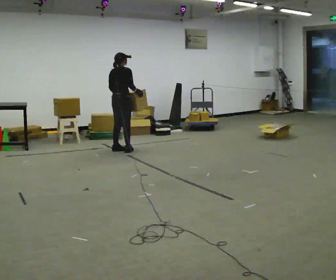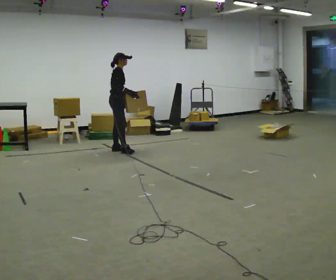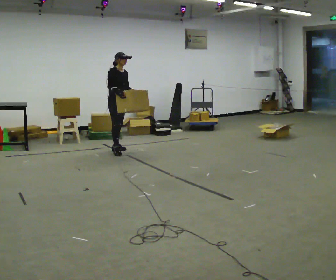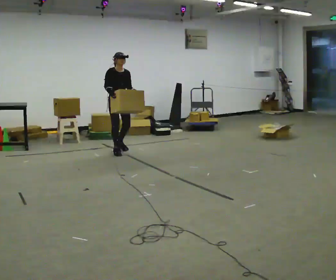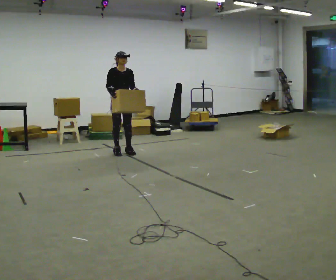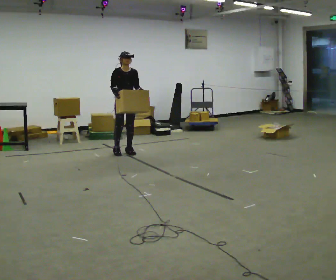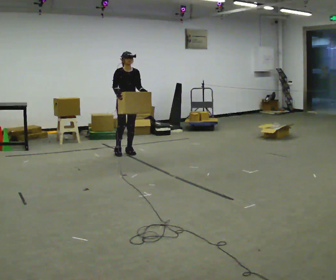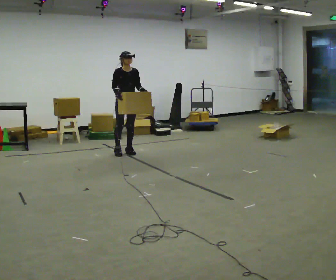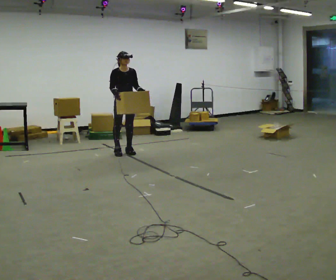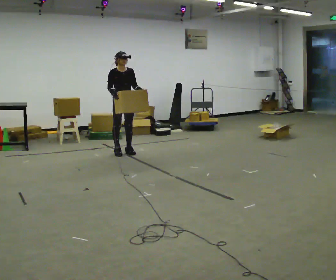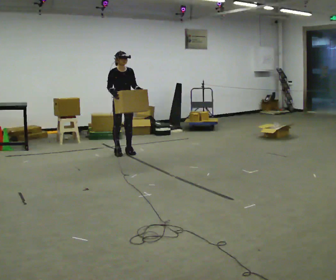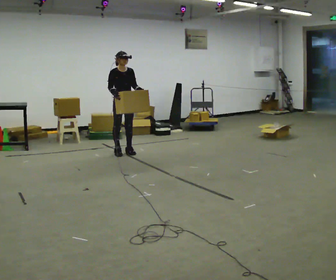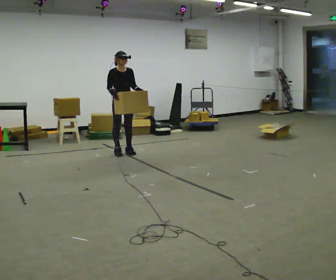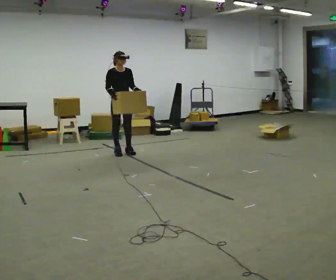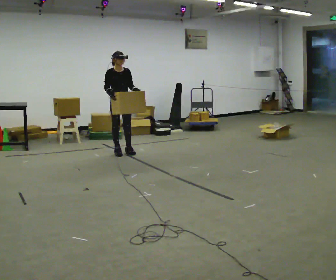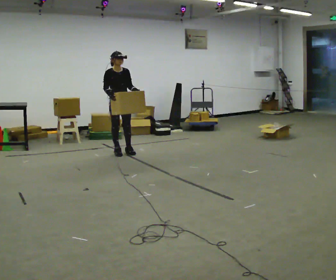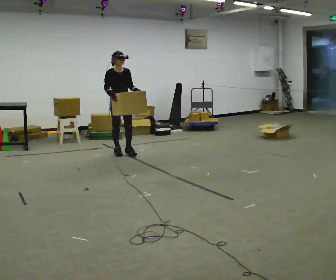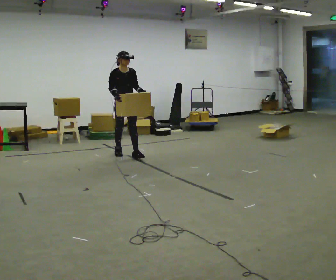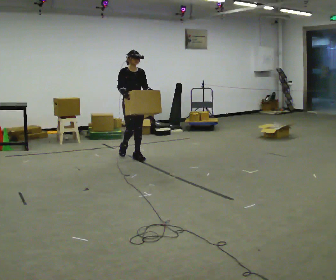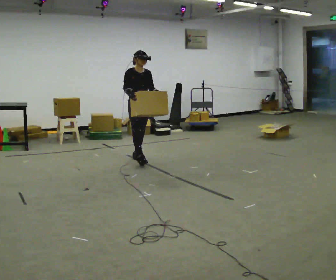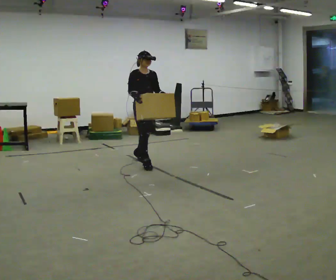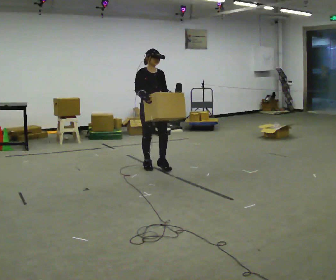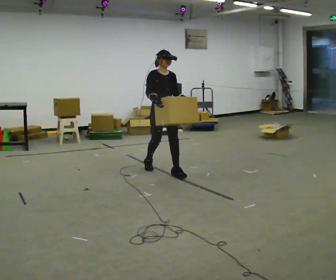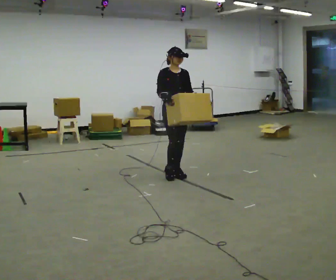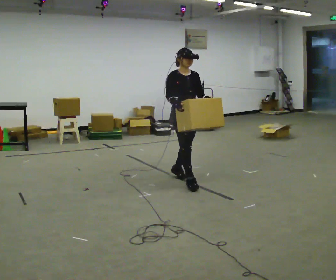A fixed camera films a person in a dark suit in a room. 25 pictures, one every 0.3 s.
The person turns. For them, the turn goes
to their right.
The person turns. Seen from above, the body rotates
clockwise.
0.0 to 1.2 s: The part of the body nearest the lens slides to the left as the person turns to their right by about 120 degrees. In the picture their right hand goes to the left.
1.2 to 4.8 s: The person moves a little, or ends about where they began.
4.8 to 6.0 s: In the picture they go toward the camera and to the right, about 0.75 m in 2 steps, which for them is forward.
6.0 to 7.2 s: In the picture they go toward the camera and to the right, about 1 m in 2 steps, which for them is forward.
The film runs forward here.
